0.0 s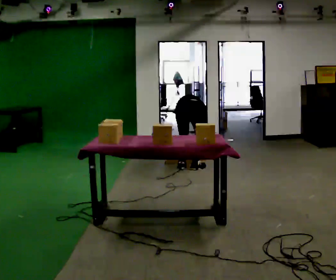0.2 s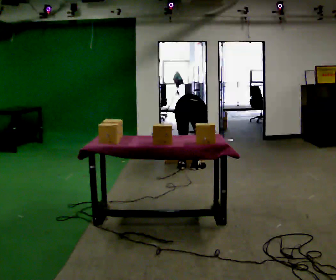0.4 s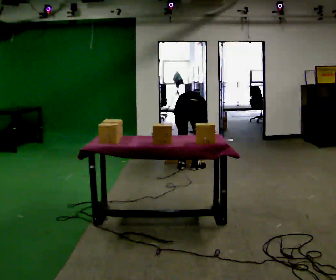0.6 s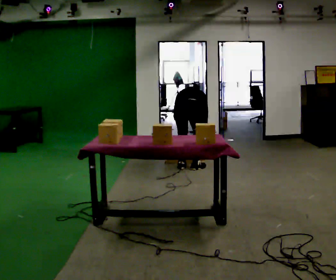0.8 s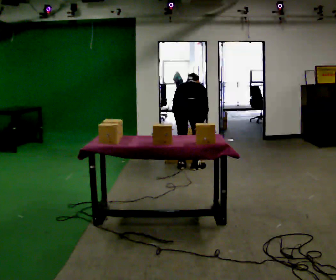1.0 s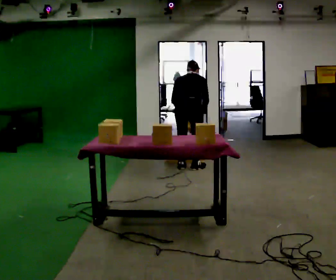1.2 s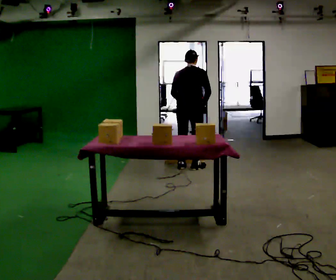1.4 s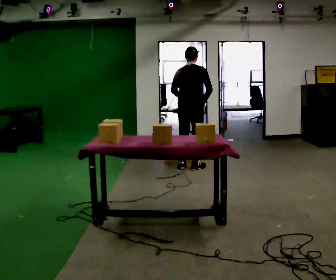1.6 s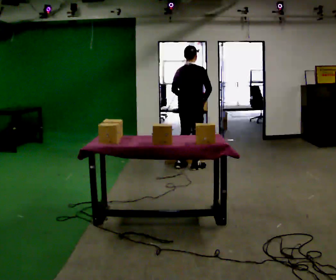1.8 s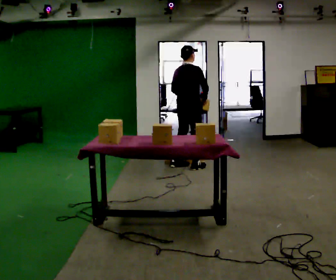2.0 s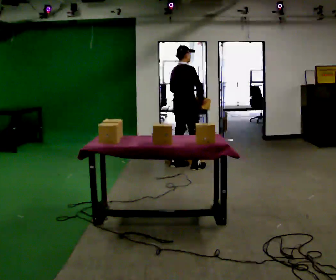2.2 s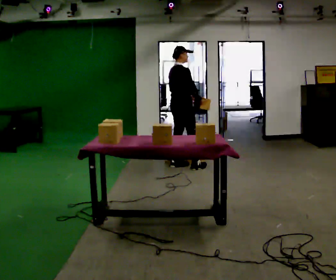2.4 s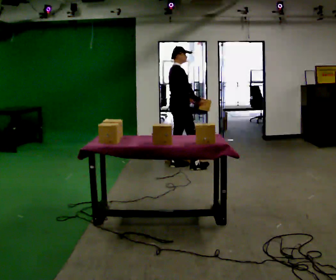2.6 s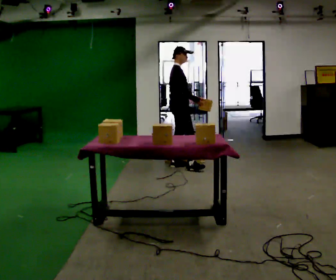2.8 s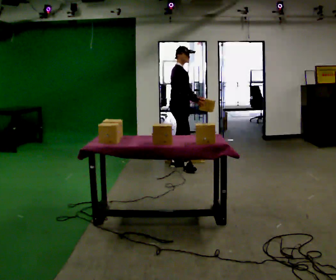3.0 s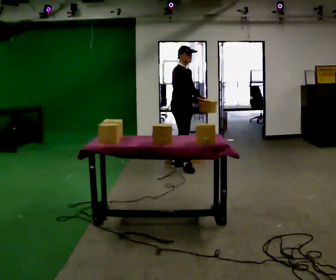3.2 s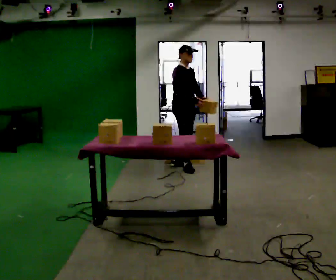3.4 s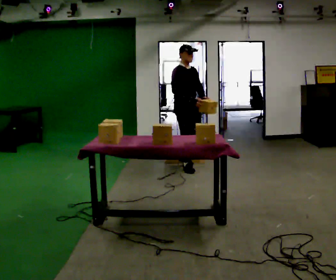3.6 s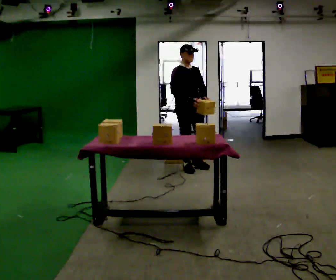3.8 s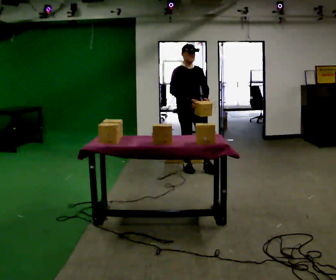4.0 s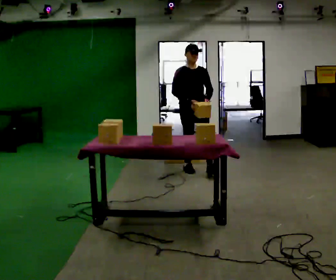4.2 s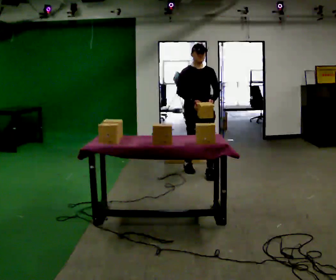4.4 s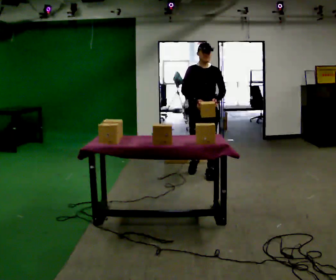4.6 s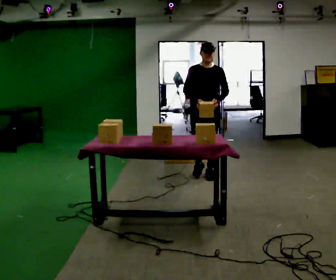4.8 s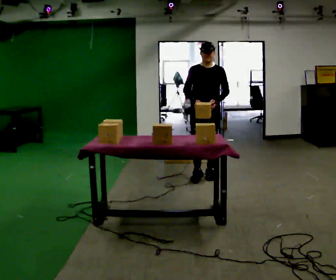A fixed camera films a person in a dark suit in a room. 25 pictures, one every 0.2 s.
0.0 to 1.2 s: The shoulders move upward. The upper body tips toward the camera, its near side rolling downward, as they lean back or straighten. In the picture their left hand goes upward.
1.2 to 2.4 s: The person turns about 60 degrees to their right, clockwise seen from above, so the part of the body nearest the lens slides to the left. In the picture they go away from the camera and to the left, about 0.25 m in 1 step, which for them is to their left. The upper body tips toward the camera, its near side rolling downward, as they lean back or straighten.
2.4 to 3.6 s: The part of the body nearest the lens slides to the left as the person turns to their right by about 75 degrees. In the picture they go toward the camera, about 0.25 m.
3.6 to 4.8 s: Seen from above the body turns clockwise, about 30 degrees: to their right, with its near side sliding to the left. In the picture they go toward the camera and to the right, about 0.5 m in 1 step, which for them is forward and to their left.
The film runs forward here.
